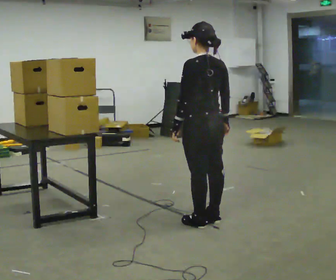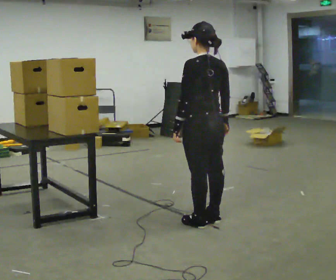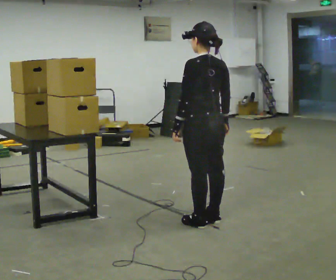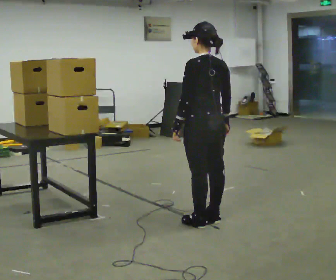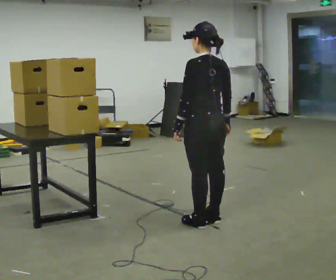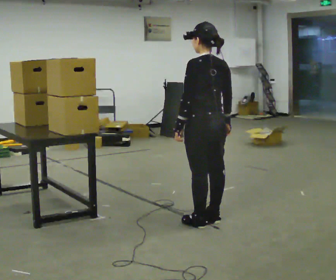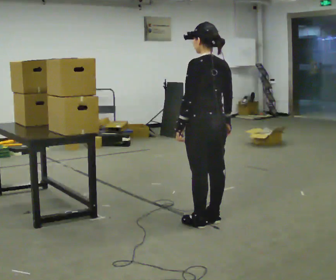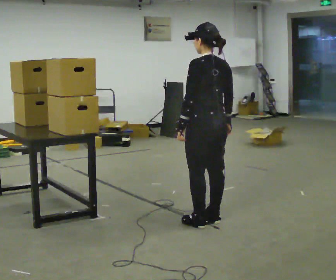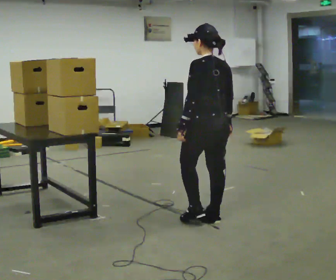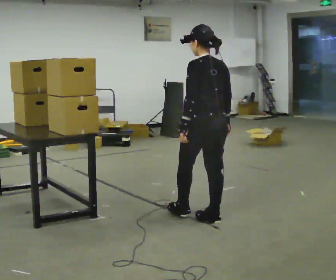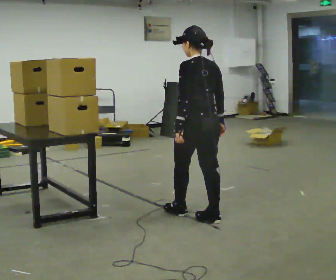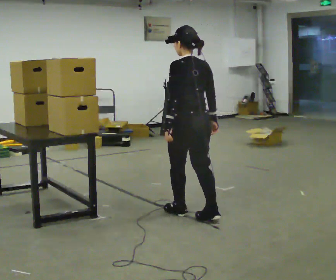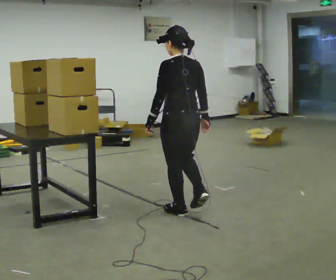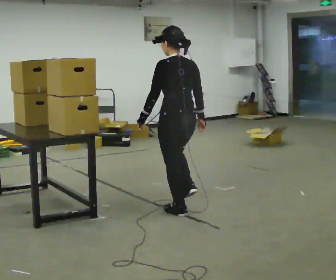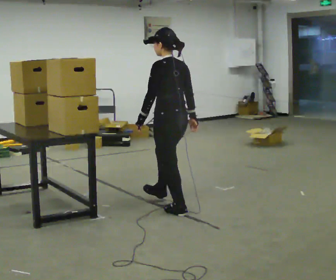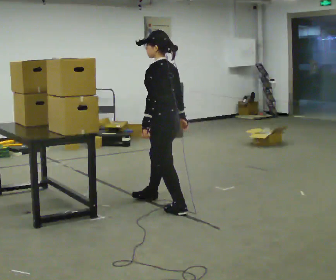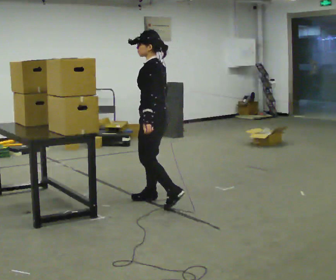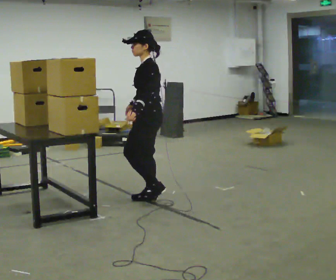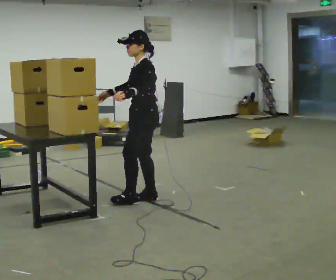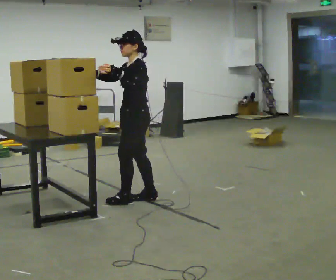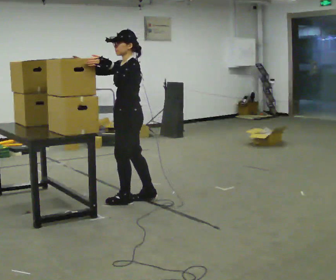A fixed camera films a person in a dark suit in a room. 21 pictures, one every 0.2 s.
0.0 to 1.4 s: The person moves a little, or ends about where they began.
1.4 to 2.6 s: In the picture they go to the left and away from the camera, about 0.25 m in 1 step, which for them is forward.
2.6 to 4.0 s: The person turns about 60 degrees to their left, counterclockwise seen from above, so the part of the body nearest the lens slides to the right. In the picture they go to the left and away from the camera, about 0.5 m in 2 steps. In the picture their right hand goes upward, the arm swinging clockwise.
The film runs forward here.
